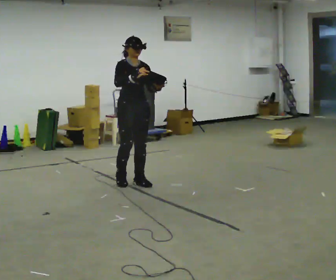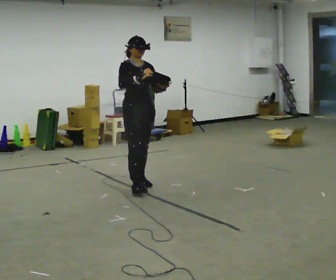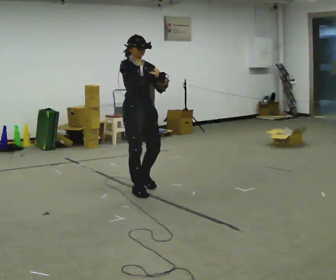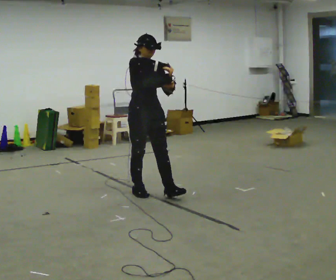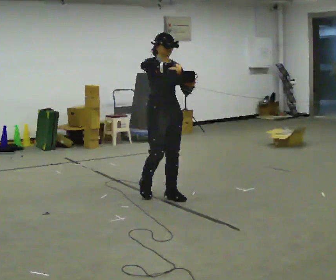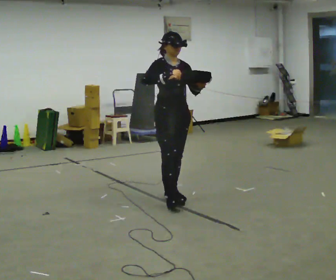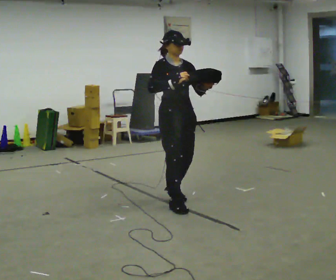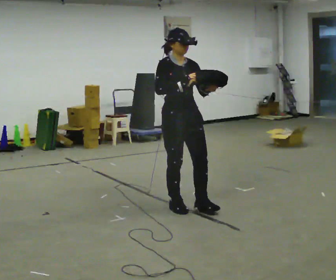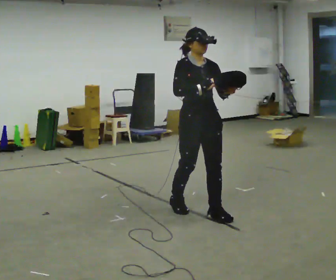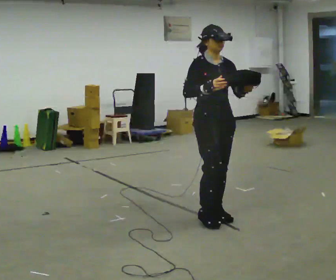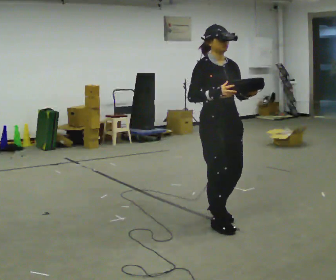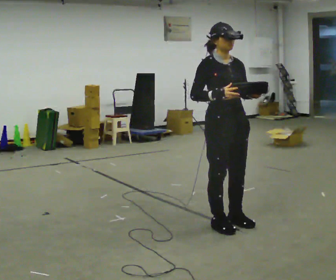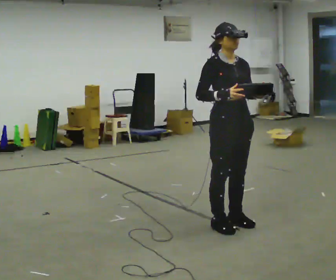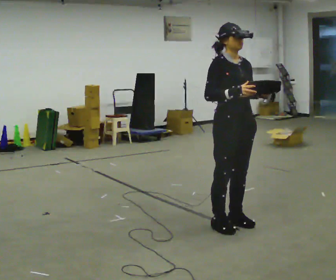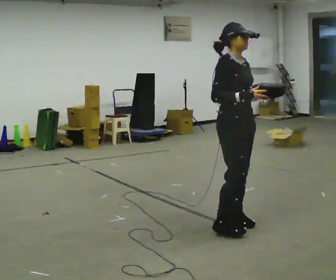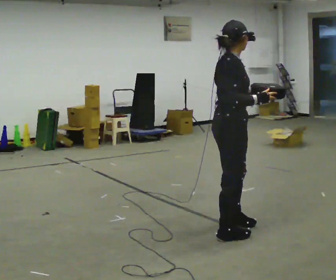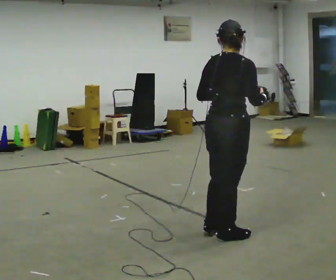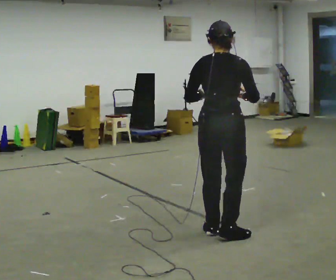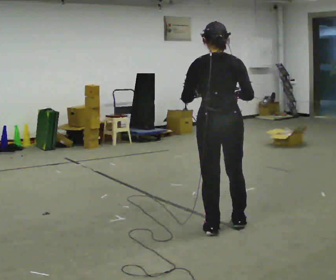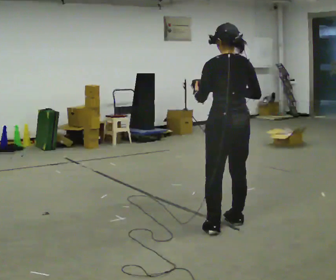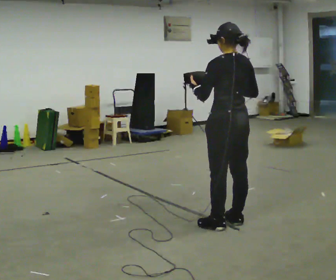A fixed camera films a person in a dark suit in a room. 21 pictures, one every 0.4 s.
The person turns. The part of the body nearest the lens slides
to the right.
The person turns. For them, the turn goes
to their left.
0.0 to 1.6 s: In the picture they go toward the camera and to the right, about 0.5 m in 2 steps, which for them is forward.
1.6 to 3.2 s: In the picture they go toward the camera and to the right, about 0.75 m in 2 steps, which for them is forward.
3.2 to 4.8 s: In the picture they go to the right and toward the camera, about 0.25 m in 2 steps, which for them is forward.
4.8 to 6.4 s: Seen from above the body turns counterclockwise, about 105 degrees: to their left, with its near side sliding to the right. In the picture they go toward the camera, about 0.25 m in 2 steps.
6.4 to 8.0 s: The part of the body nearest the lens slides to the right as the person turns to their left by about 75 degrees. In the picture they go away from the camera, about 0.25 m in 2 steps.
The film runs forward here.
